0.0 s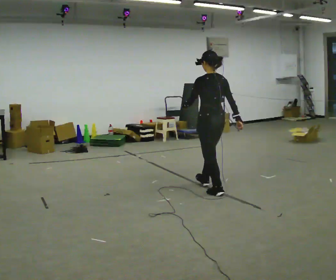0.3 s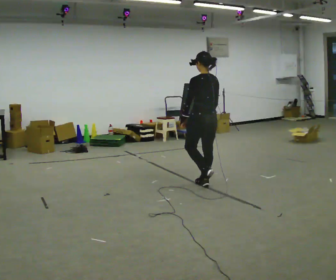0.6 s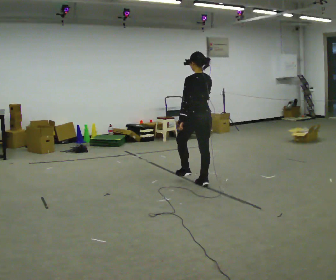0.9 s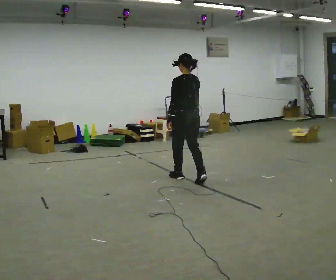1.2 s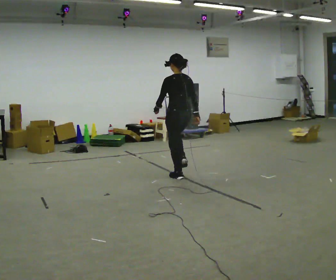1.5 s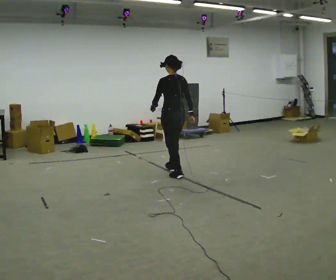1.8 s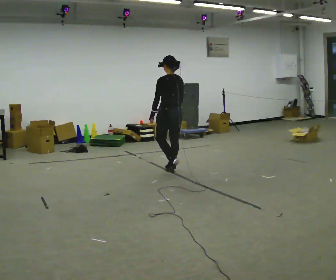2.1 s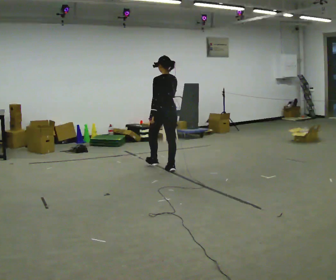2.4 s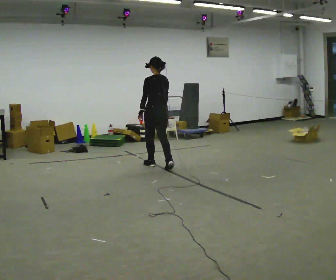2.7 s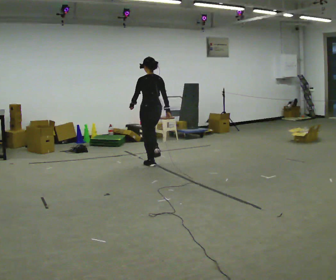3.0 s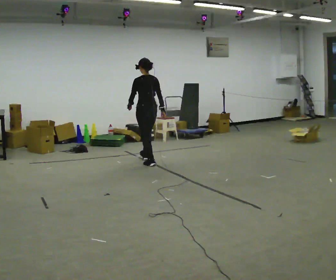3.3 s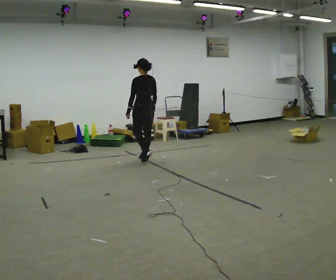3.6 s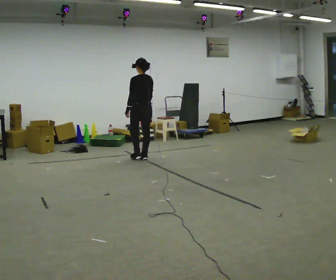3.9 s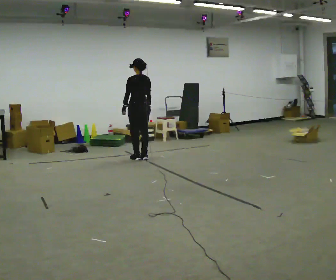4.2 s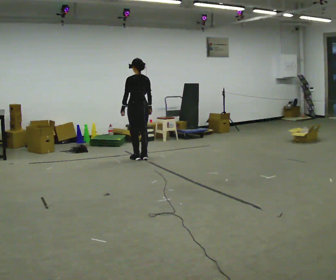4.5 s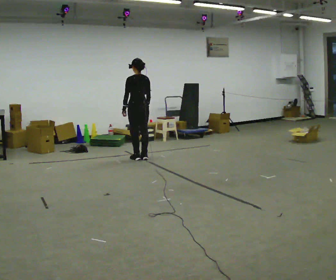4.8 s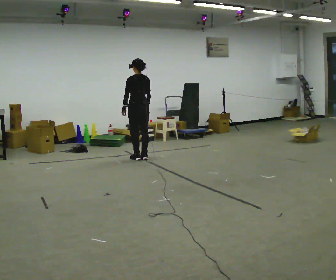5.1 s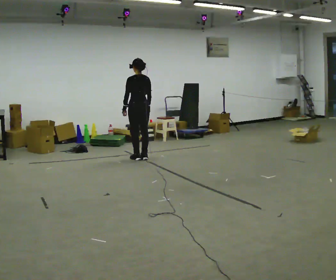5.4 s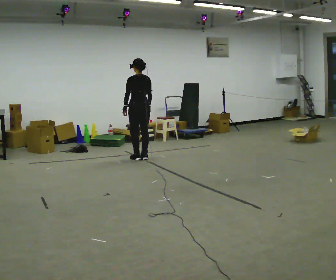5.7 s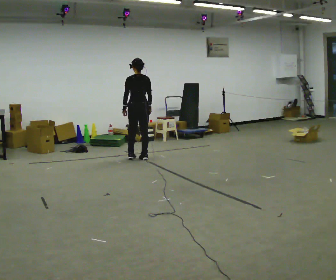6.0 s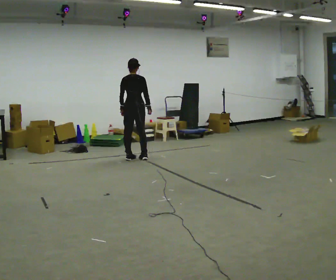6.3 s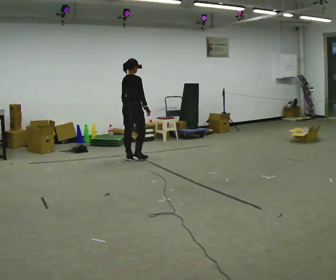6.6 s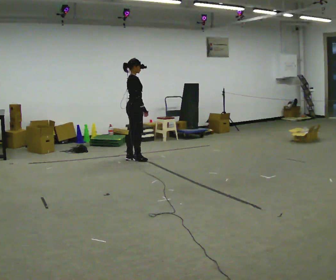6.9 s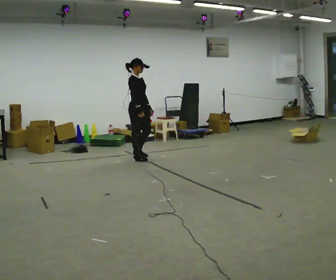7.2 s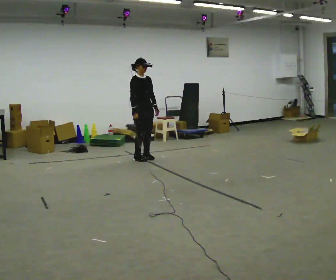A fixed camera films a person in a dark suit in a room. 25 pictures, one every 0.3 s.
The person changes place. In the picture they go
away from the camera.
The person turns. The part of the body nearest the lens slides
to the left.
0.0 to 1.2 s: In the picture they go away from the camera and to the left, about 0.5 m in 1 step, which for them is forward.
1.2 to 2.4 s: In the picture they go away from the camera and to the left, about 0.75 m in 2 steps, which for them is forward.
2.4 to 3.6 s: In the picture they go away from the camera and to the left, about 0.5 m in 1 step, which for them is forward.
3.6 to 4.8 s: The person moves a little, or ends about where they began.
4.8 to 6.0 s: Seen from above the body turns clockwise, about 45 degrees: to their right, with its near side sliding to the left.
6.0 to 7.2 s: The part of the body nearest the lens slides to the left as the person turns to their right by about 120 degrees.
The film runs forward here.
